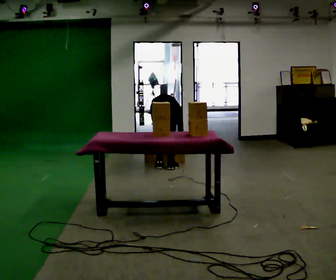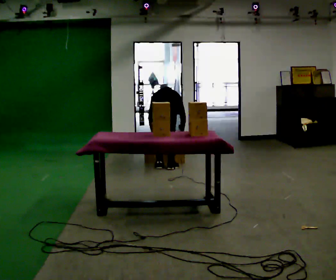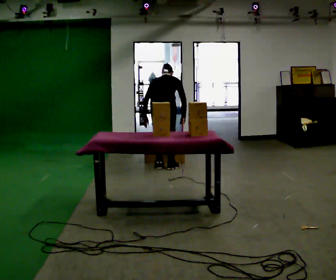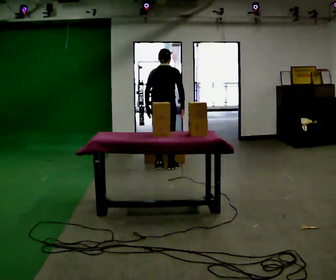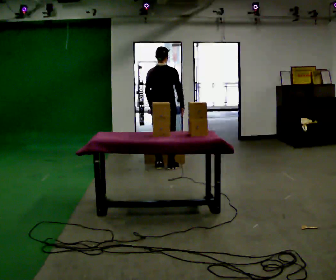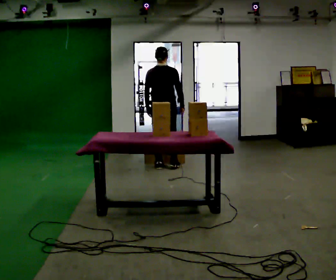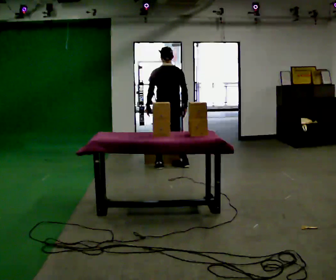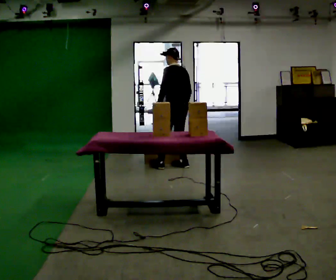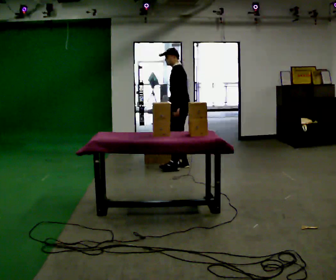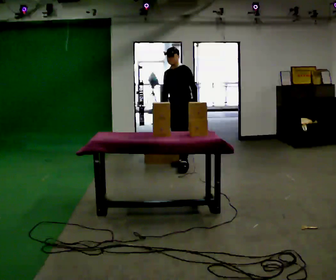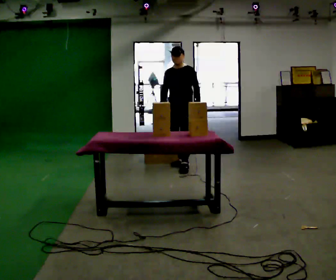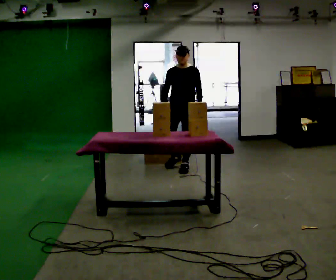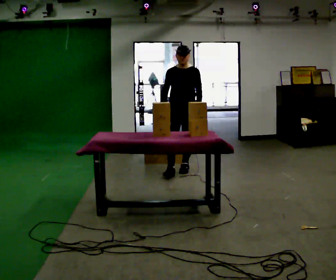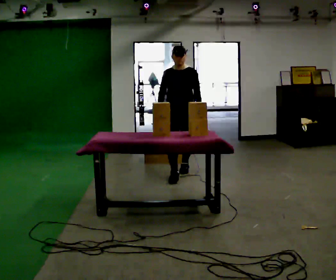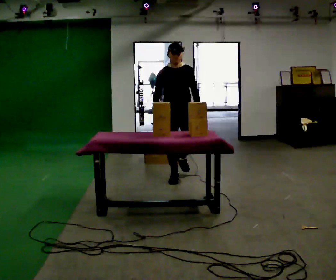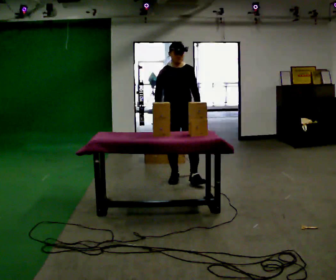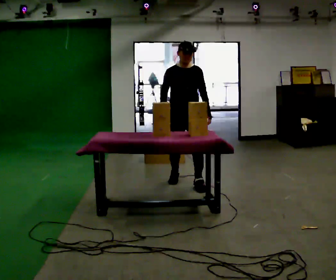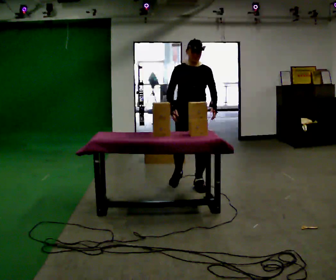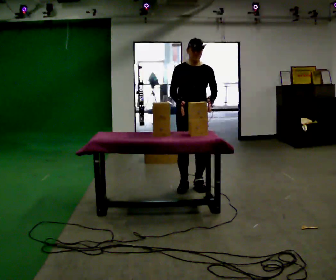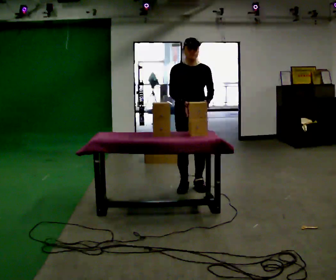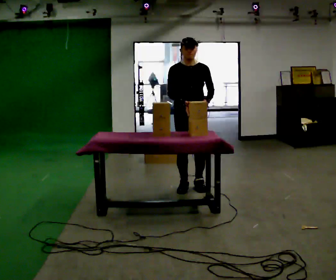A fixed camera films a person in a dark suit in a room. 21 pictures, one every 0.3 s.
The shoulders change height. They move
upward.
The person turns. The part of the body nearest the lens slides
to the right.
0.0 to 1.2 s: The shoulders move upward. The upper body tips toward the camera, its near side rolling downward, as they lean back or straighten. In the picture their left hand goes upward.
1.2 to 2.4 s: Seen from above the body turns counterclockwise, about 105 degrees: to their left, with its near side sliding to the right. In the picture they go to the right, about 0.25 m in 1 step.
2.4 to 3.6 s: The person turns about 90 degrees to their left, counterclockwise seen from above, so the part of the body nearest the lens slides to the right. In the picture they go toward the camera, about 0.25 m in 1 step.
3.6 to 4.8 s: In the picture they go toward the camera, about 0.75 m in 2 steps, which for them is forward.
4.8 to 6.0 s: In the picture they go toward the camera, about 0.25 m in 1 step, which for them is forward.
The film runs forward here.
